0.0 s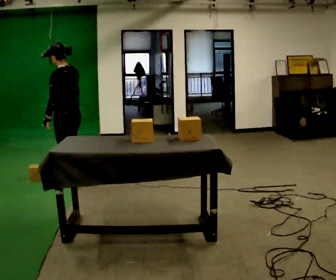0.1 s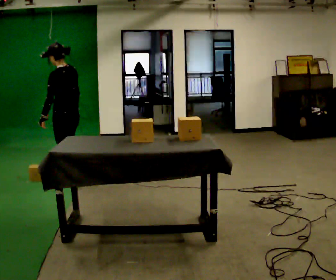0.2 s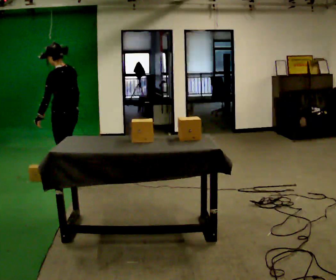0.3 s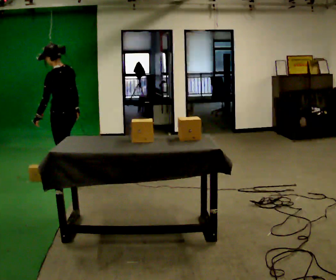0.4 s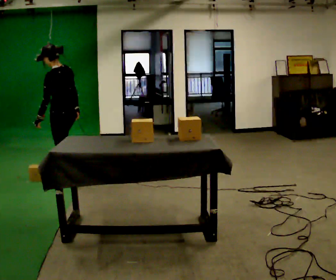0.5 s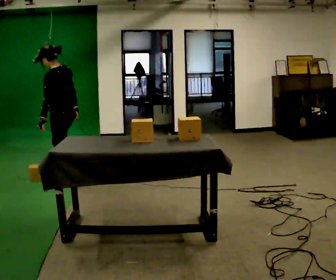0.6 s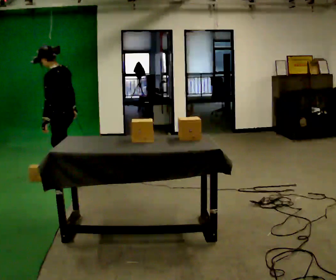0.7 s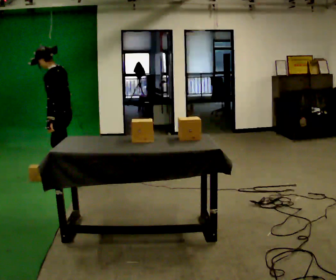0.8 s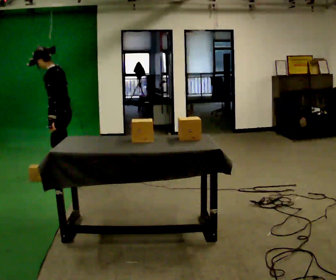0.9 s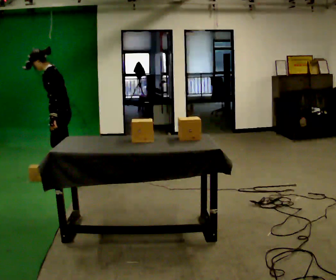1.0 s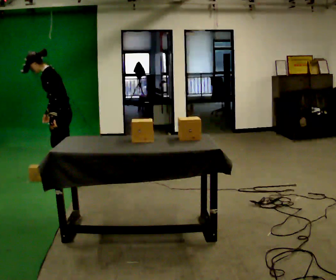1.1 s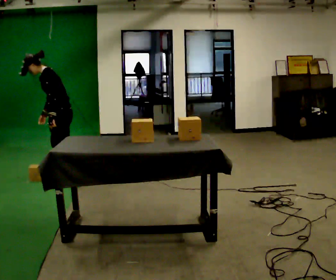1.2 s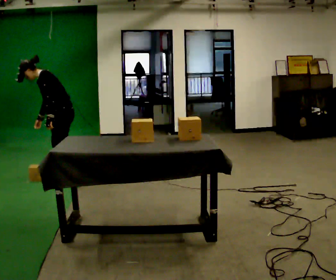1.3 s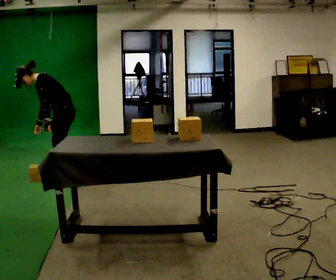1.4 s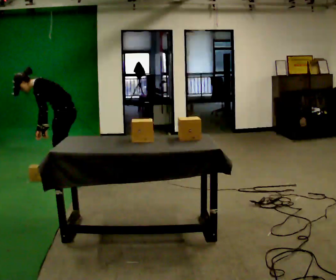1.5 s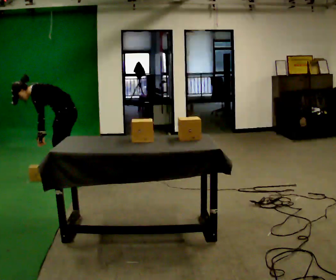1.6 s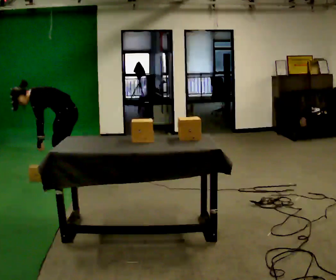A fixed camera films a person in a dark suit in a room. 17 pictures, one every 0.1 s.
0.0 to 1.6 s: The part of the body nearest the lens slides to the right as the person turns to their left by about 45 degrees. In the picture they go away from the camera, about 0.25 m in 1 step, which for them is to their right. The upper body goes downward. In the picture the upper body tilts counterclockwise, shoulders to the left, as they bend forward.
The film runs forward here.
